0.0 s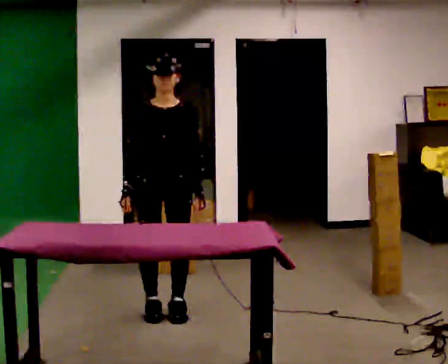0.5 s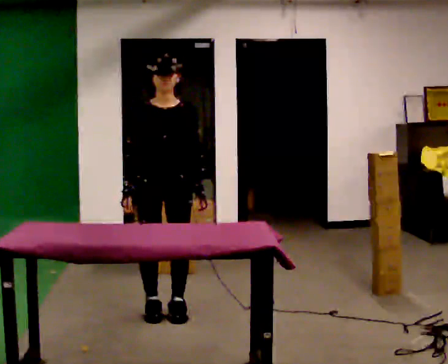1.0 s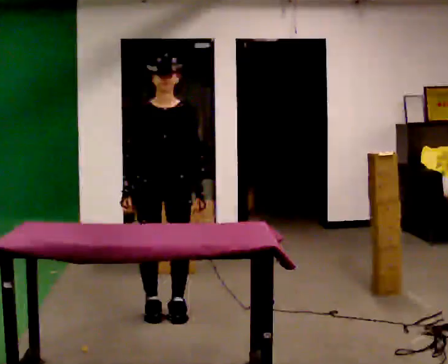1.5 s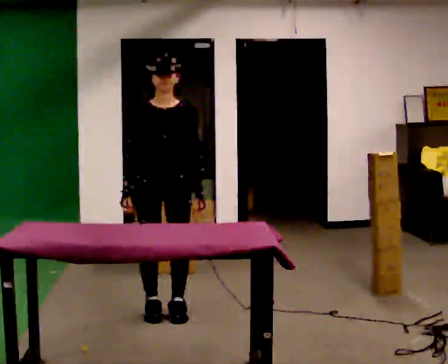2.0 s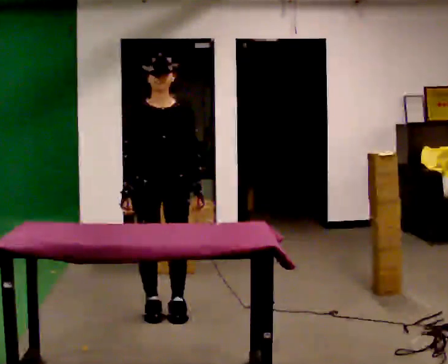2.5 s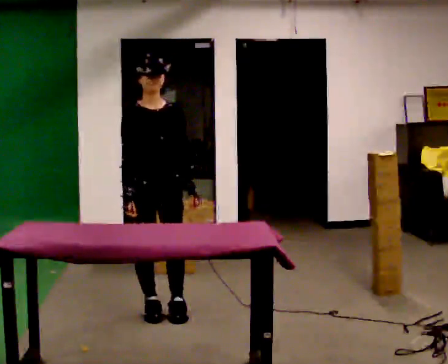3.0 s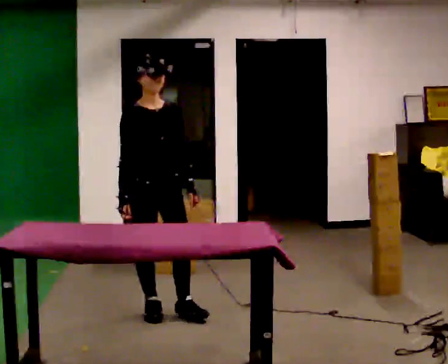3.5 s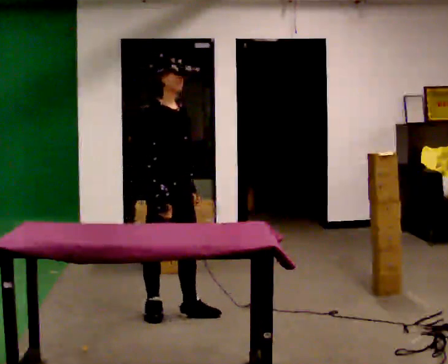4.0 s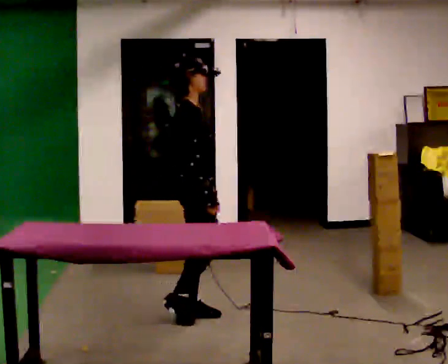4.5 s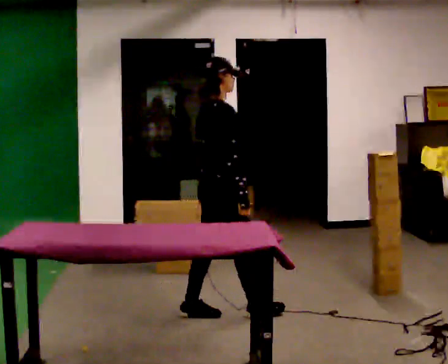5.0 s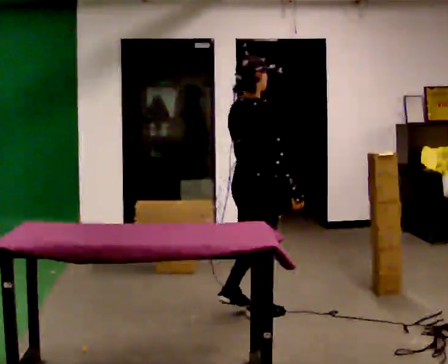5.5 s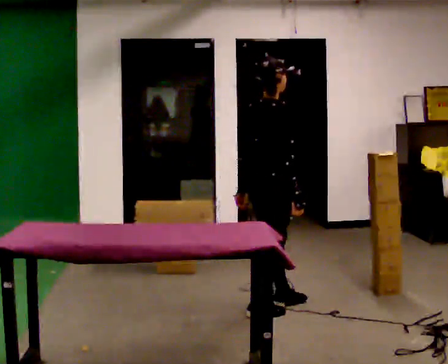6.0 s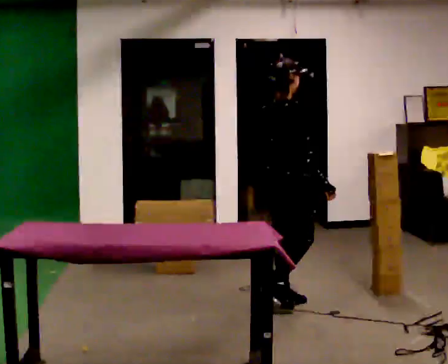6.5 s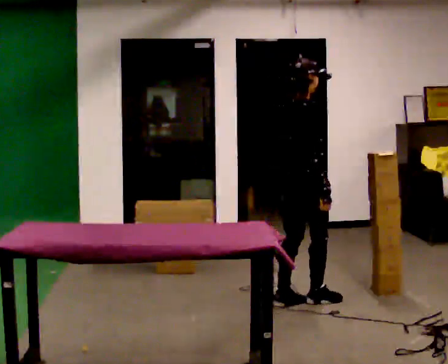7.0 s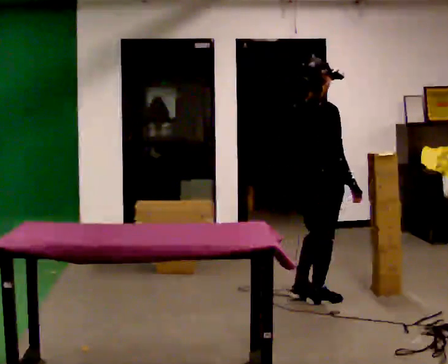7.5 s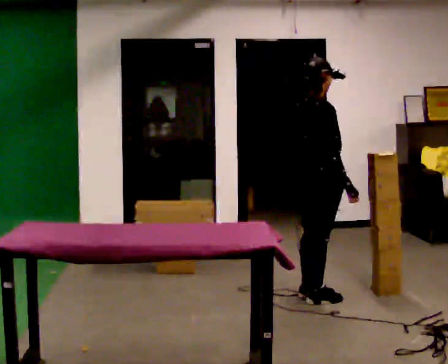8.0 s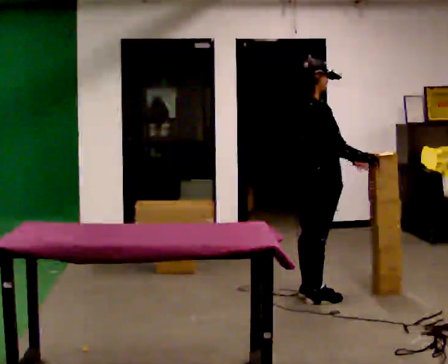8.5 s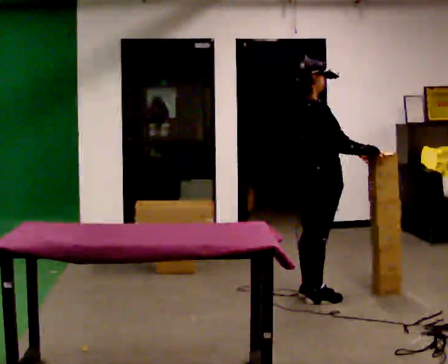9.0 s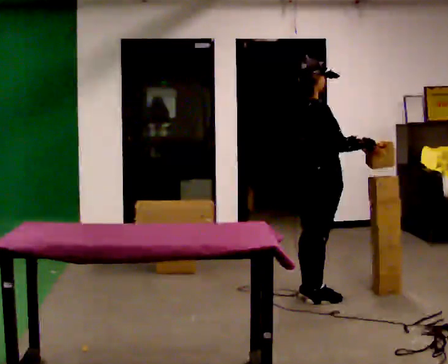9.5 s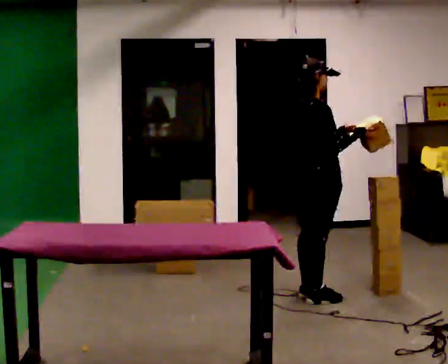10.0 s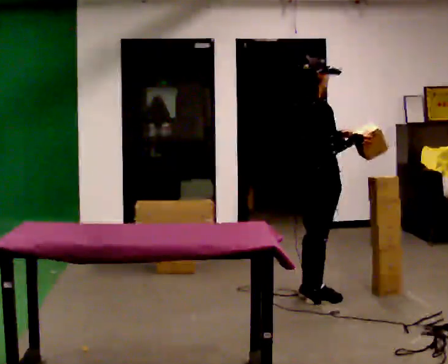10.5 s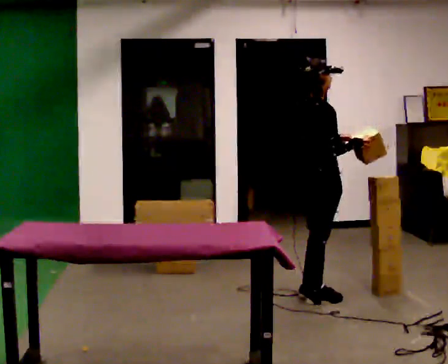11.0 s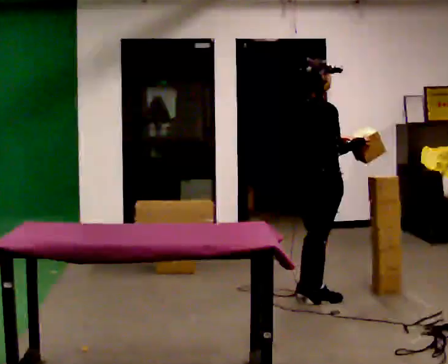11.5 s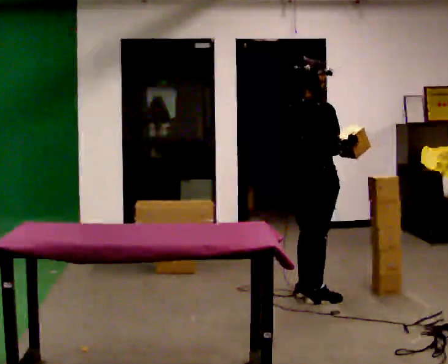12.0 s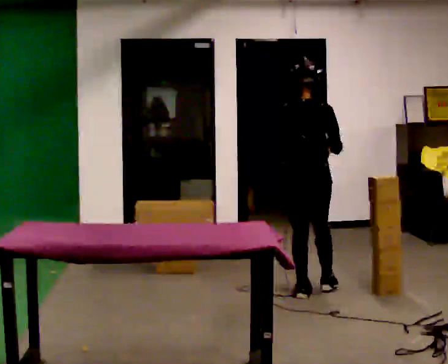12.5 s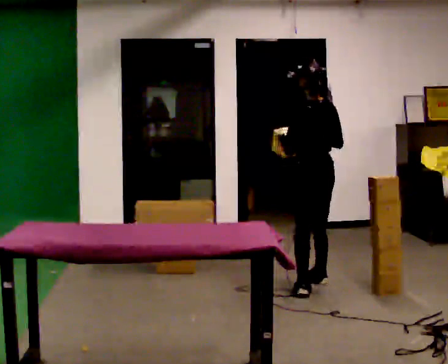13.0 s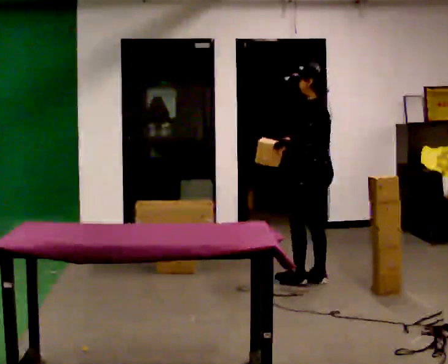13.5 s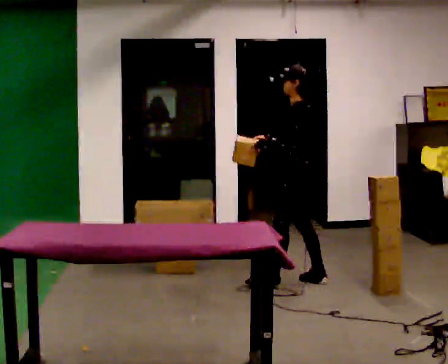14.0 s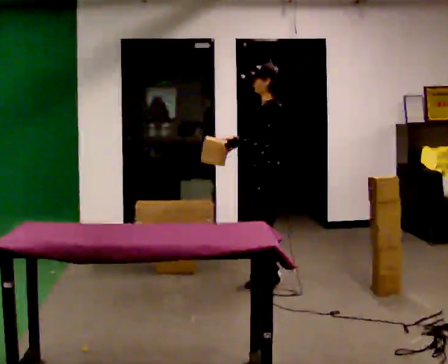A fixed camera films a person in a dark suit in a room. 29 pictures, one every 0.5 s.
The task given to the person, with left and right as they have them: 1. The operator will tell you the shelf is already sorted and just needs moving to the table. 2. Do what you think is right. 3. Tell the operator when you are finished.
0.0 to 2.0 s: The person moves a little, or ends about where they began.
2.0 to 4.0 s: The part of the body nearest the lens slides to the right as the person turns to their left by about 75 degrees. In the picture they go to the right, about 0.25 m. In the picture their right hand goes to the right.
4.0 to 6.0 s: Seen from above the body turns counterclockwise, about 30 degrees: to their left, with its near side sliding to the right. In the picture they go to the right and away from the camera, about 0.5 m in 2 steps, which for them is forward.
6.0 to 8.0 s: In the picture they go away from the camera and to the right, about 0.25 m in 2 steps, which for them is forward.
8.0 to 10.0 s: The person moves a little, or ends about where they began.
10.0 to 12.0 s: The part of the body nearest the lens slides to the right as the person turns to their left by about 60 degrees. In the picture they go away from the camera, about 0.25 m. In the picture their left hand goes to the left.
12.0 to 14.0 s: Seen from above the body turns counterclockwise, about 105 degrees: to their left, with its near side sliding to the right. In the picture they go to the left and away from the camera, about 0.25 m in 2 steps.
The film runs forward here.
